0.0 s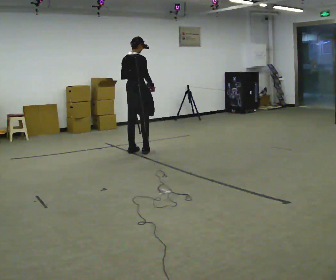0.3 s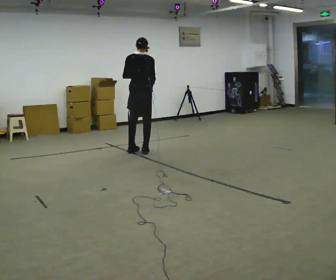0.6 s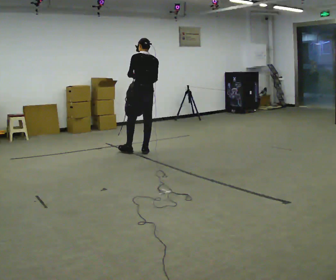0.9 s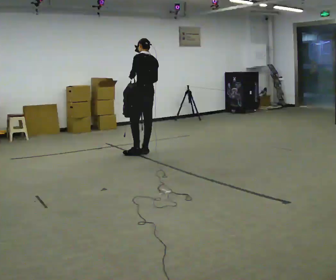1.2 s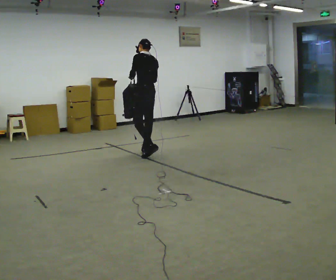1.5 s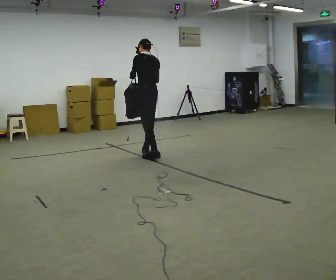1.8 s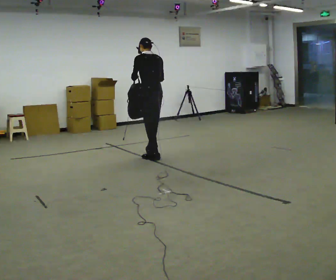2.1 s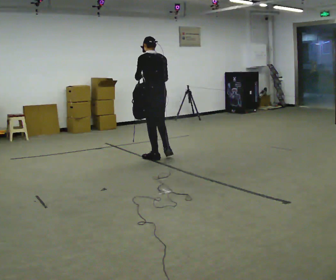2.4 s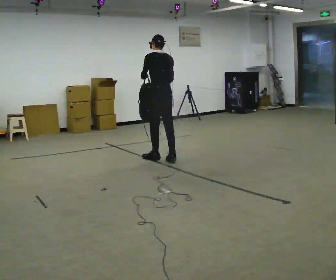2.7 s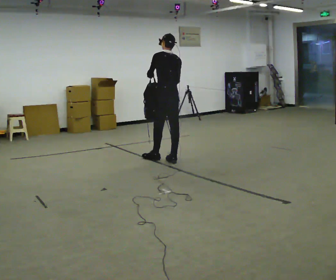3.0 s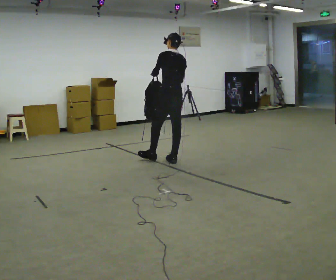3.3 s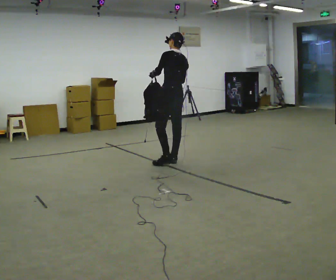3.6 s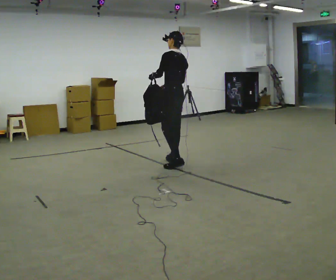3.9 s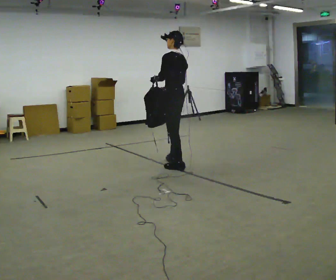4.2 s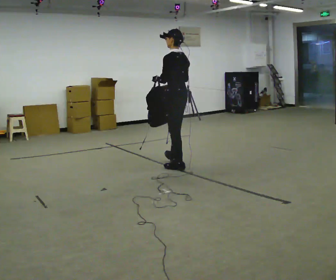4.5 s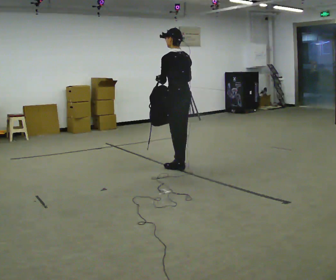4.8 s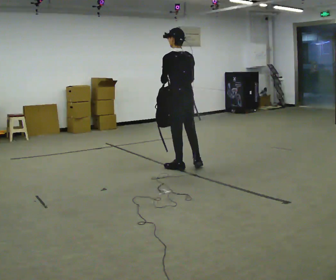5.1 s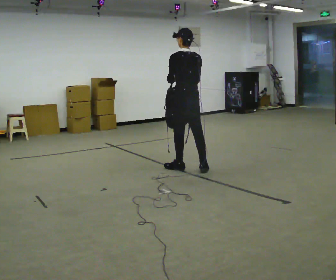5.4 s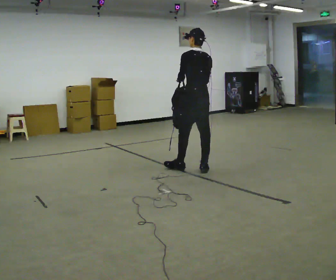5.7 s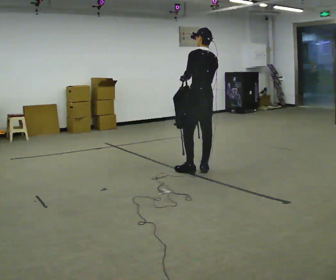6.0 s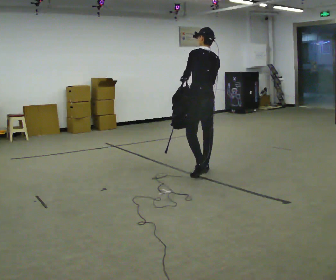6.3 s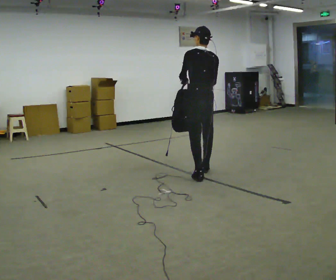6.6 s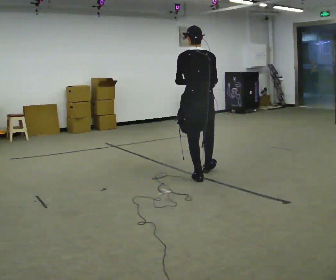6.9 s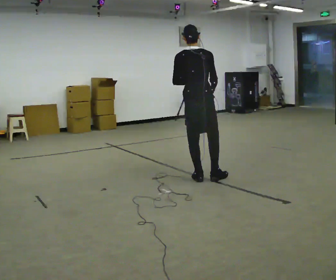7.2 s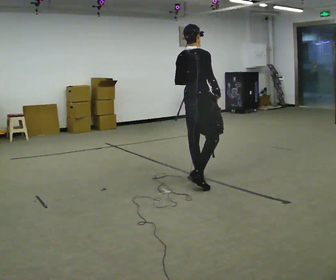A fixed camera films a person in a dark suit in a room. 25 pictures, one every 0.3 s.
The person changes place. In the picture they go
toward the camera.
0.0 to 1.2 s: The person turns about 75 degrees to their left, counterclockwise seen from above, so the part of the body nearest the lens slides to the right. In the picture they go to the right, about 0.25 m in 1 step.
1.2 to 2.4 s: In the picture they go toward the camera and to the right, about 0.5 m in 1 step, which for them is backward.
2.4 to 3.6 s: In the picture they go toward the camera and to the right, about 0.25 m in 1 step, which for them is backward.
3.6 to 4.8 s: In the picture they go toward the camera, about 0.25 m in 1 step, which for them is backward and to their left.
4.8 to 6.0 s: In the picture they go to the right and toward the camera, about 0.25 m in 1 step, which for them is backward.
6.0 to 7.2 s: The person turns about 75 degrees to their right, clockwise seen from above, so the part of the body nearest the lens slides to the left. In the picture they go toward the camera, about 0.5 m in 1 step.
The film runs backward here.
